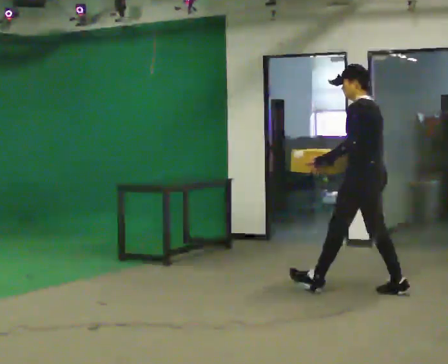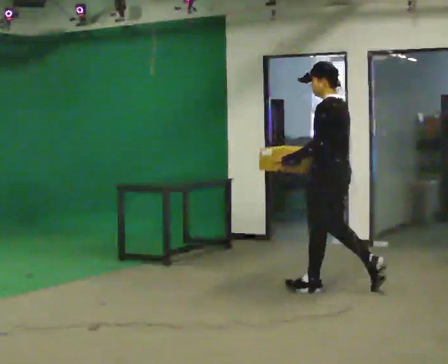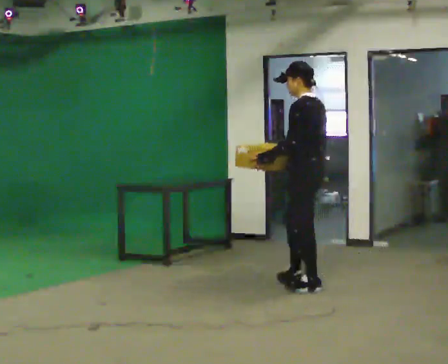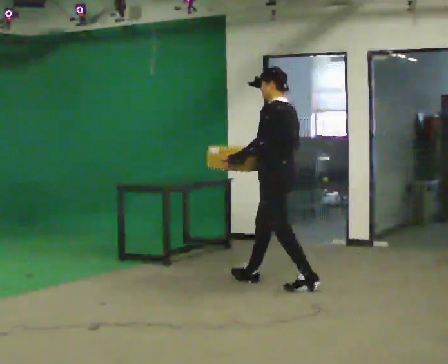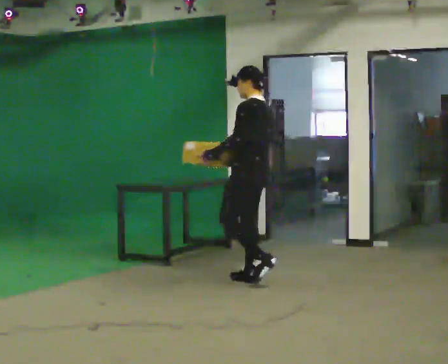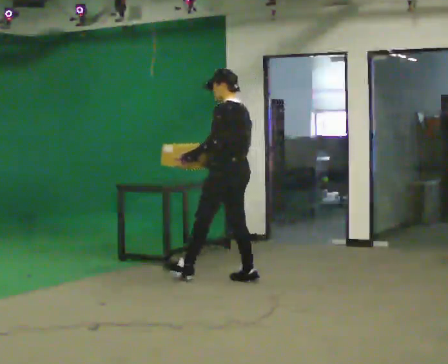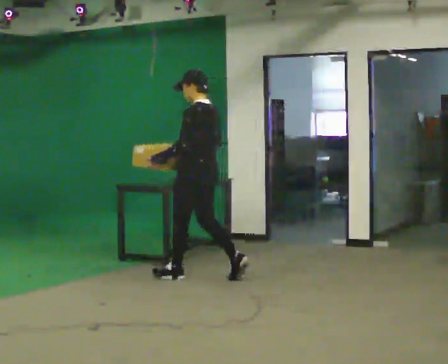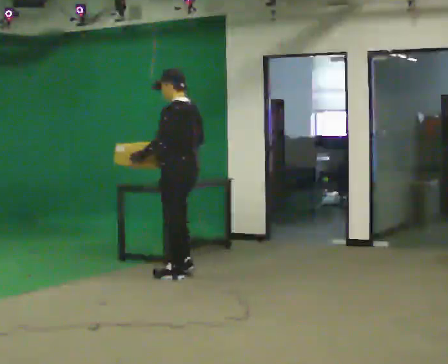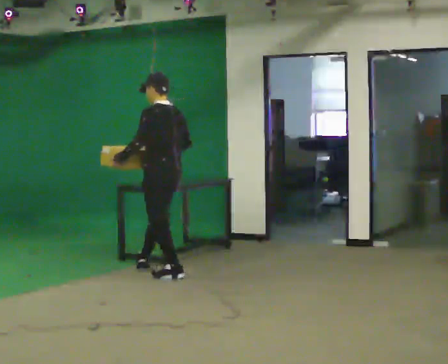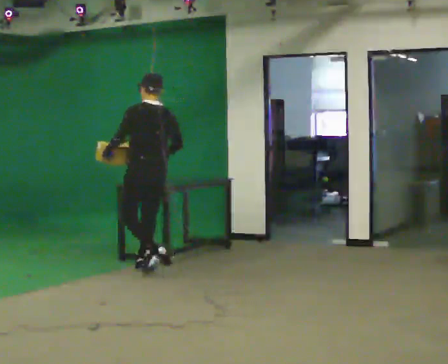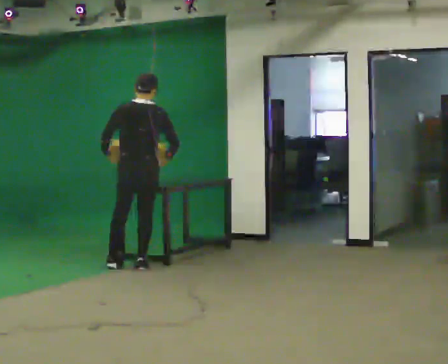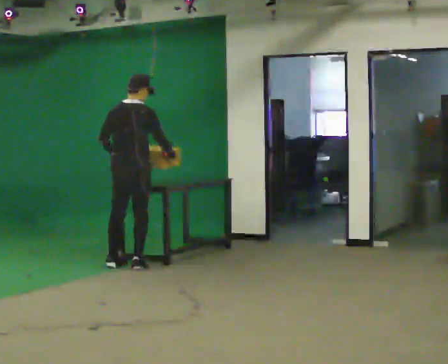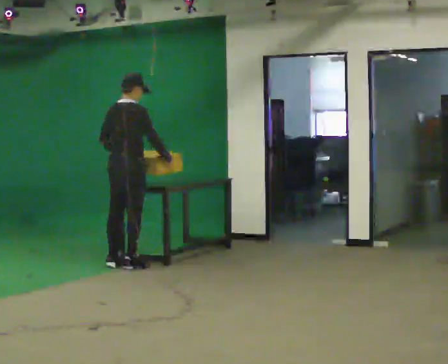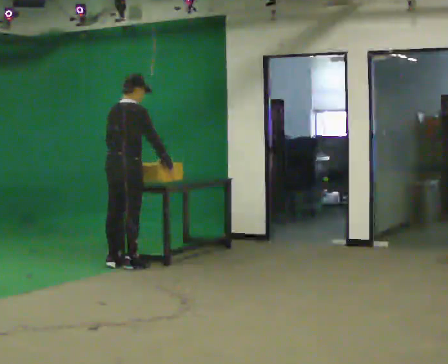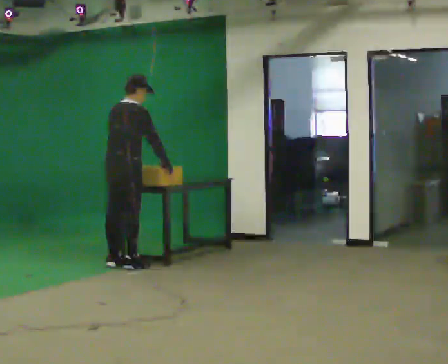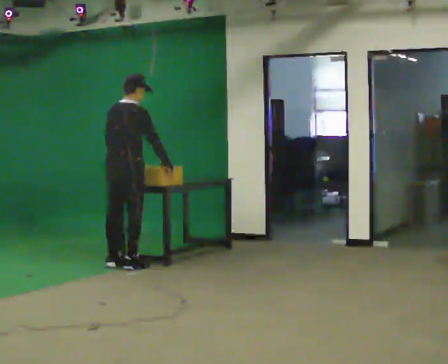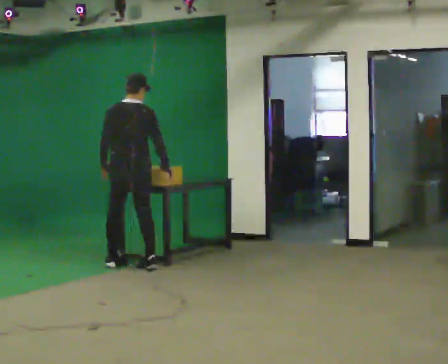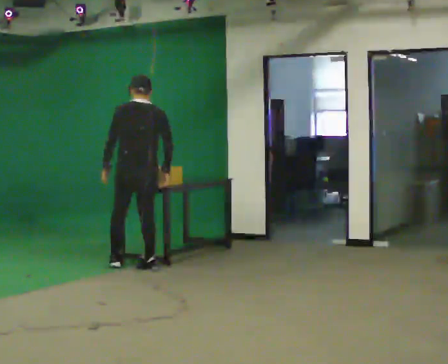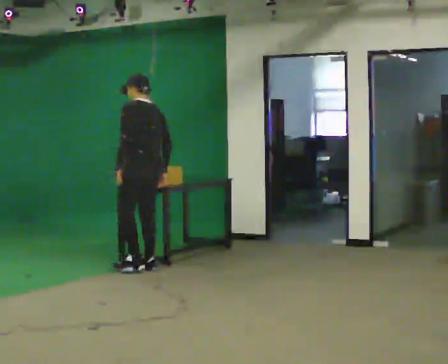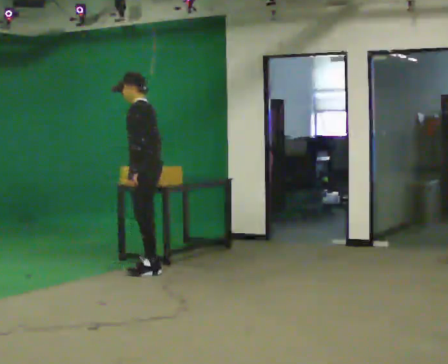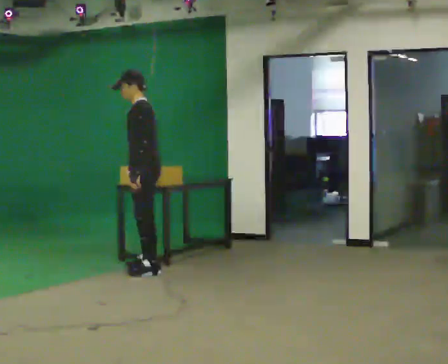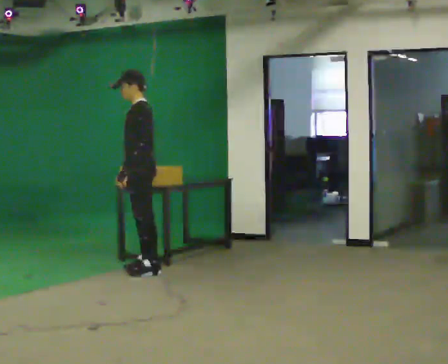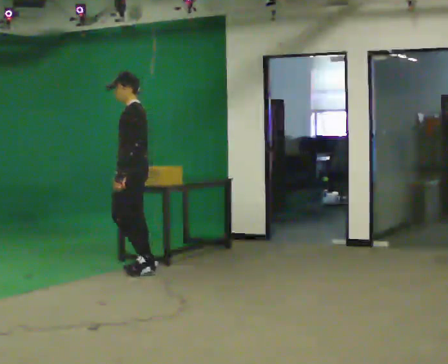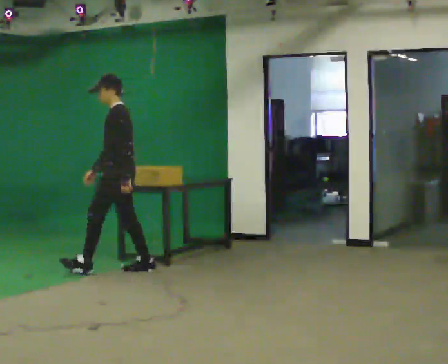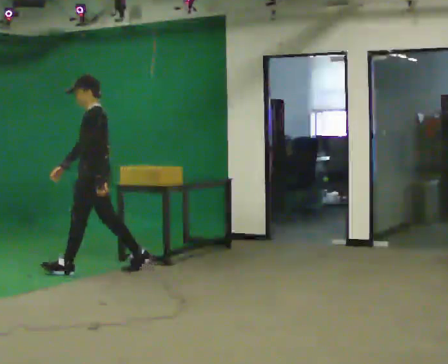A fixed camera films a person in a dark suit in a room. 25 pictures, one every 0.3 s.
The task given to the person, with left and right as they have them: Walk quickly but do not run; remain comfortable and controlled; stop.
0.0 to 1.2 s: In the picture they go to the left and away from the camera, about 1 m in 1 step, which for them is forward.
1.2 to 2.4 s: In the picture they go to the left and away from the camera, about 1 m in 2 steps, which for them is forward.
2.4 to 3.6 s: The person turns about 90 degrees to their right, clockwise seen from above, so the part of the body nearest the lens slides to the left. In the picture they go to the left and away from the camera, about 0.5 m in 1 step.
3.6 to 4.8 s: Seen from above the body turns counterclockwise, about 30 degrees: to their left, with its near side sliding to the right.
4.8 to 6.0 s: The part of the body nearest the lens slides to the right as the person turns to their left by about 105 degrees. In the picture they go toward the camera, about 0.25 m in 1 step. In the picture their left hand goes to the right.
6.0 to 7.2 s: In the picture they go to the left, about 0.5 m in 1 step, which for them is forward.
The film runs forward here.
